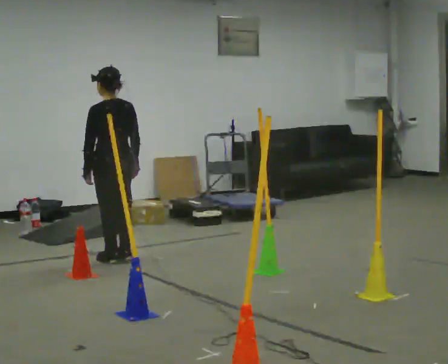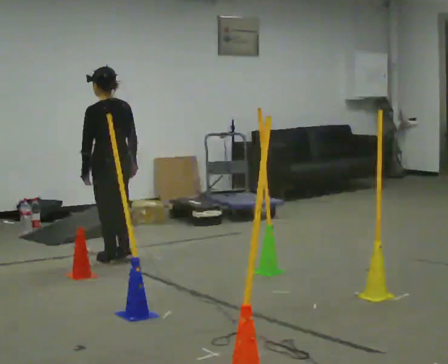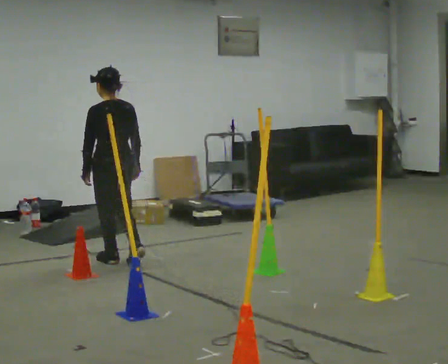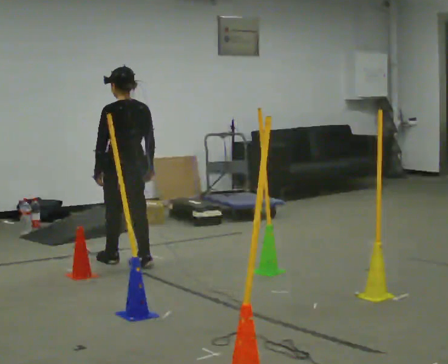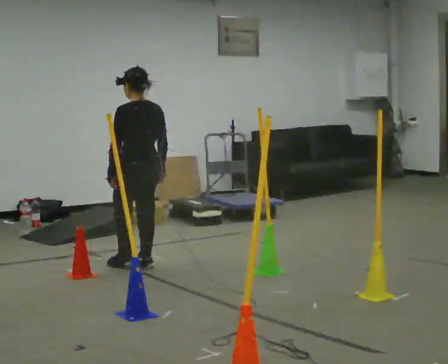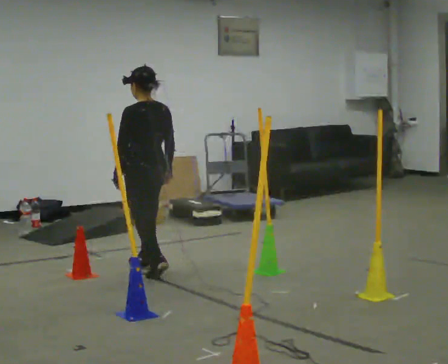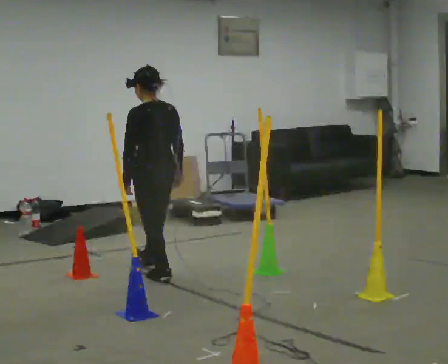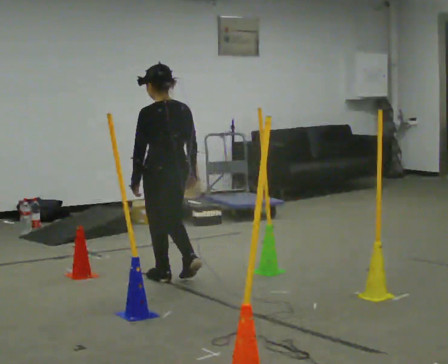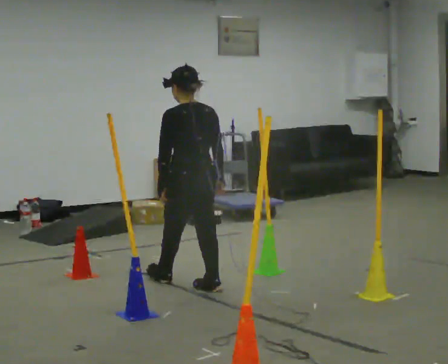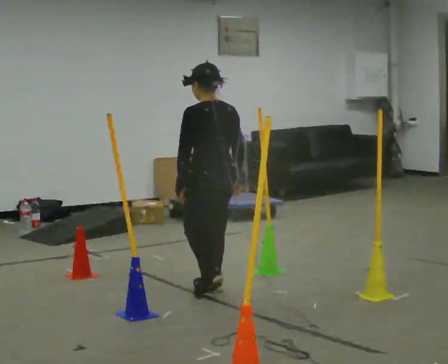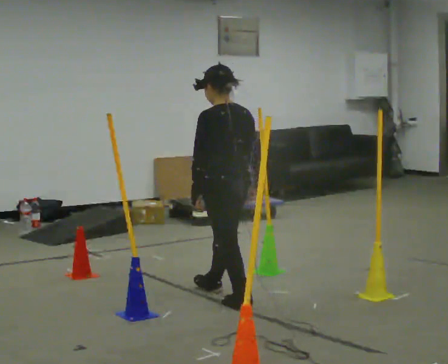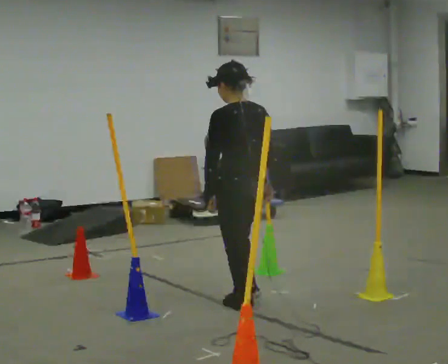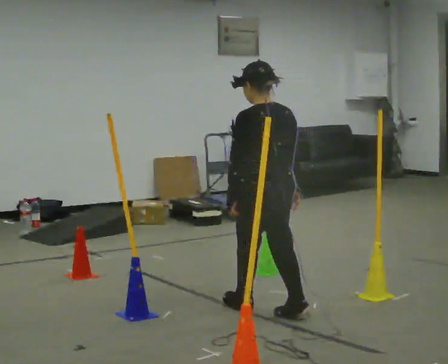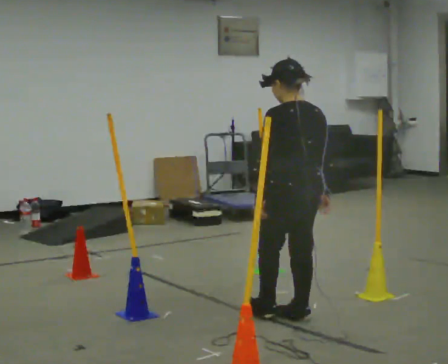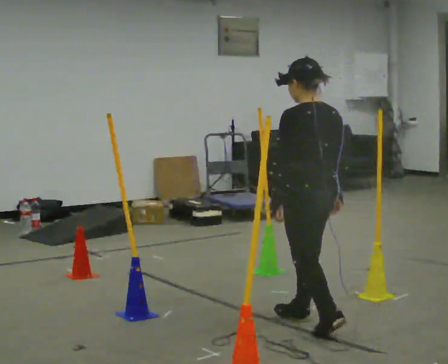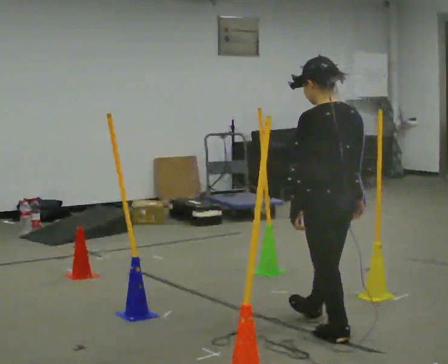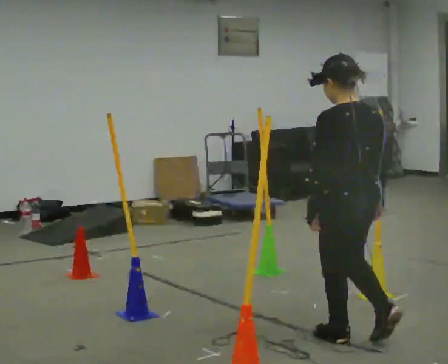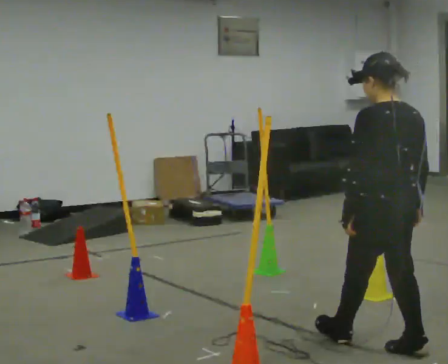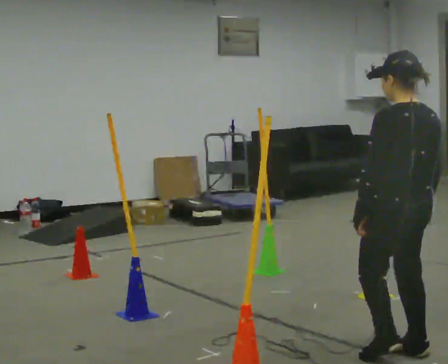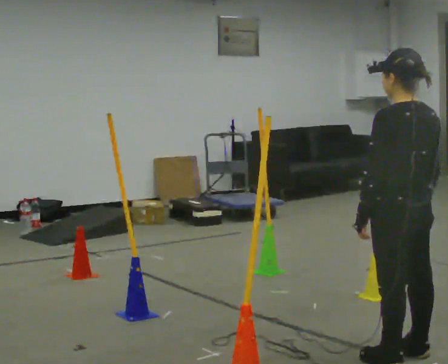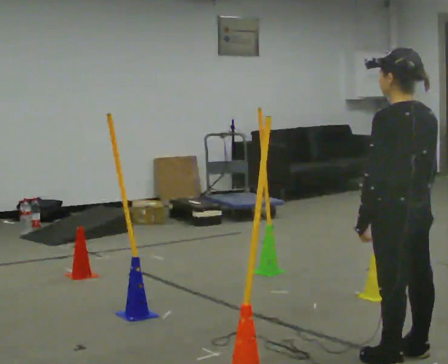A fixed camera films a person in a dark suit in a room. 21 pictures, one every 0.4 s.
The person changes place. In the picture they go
toward the camera.
0.0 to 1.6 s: In the picture they go to the right and toward the camera, about 0.25 m in 2 steps, which for them is backward.
1.6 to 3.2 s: In the picture they go toward the camera and to the right, about 0.75 m in 1 step, which for them is backward.
3.2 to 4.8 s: In the picture they go toward the camera and to the right, about 0.5 m in 2 steps, which for them is backward.
4.8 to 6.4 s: In the picture they go toward the camera and to the right, about 0.75 m in 2 steps, which for them is backward.
6.4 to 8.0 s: In the picture they go toward the camera and to the right, about 0.25 m in 1 step, which for them is backward.
The film runs backward here.
